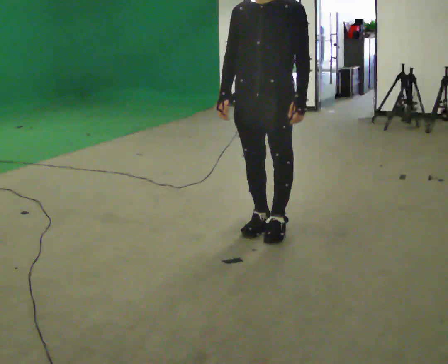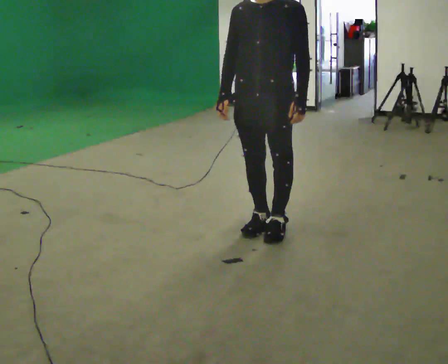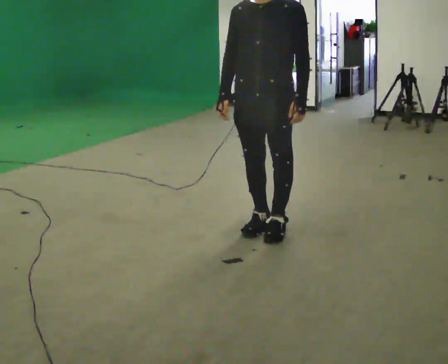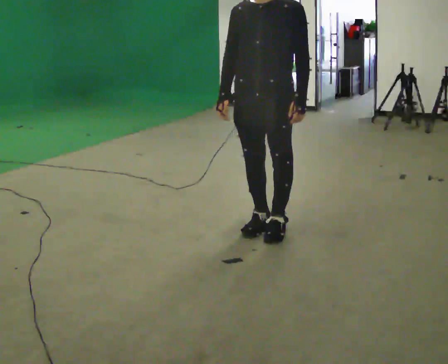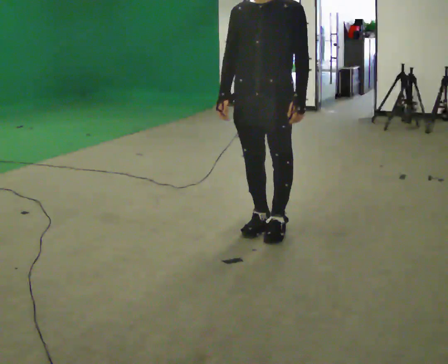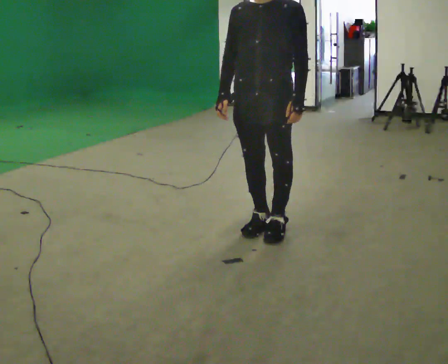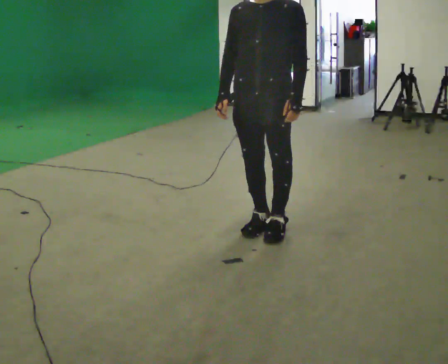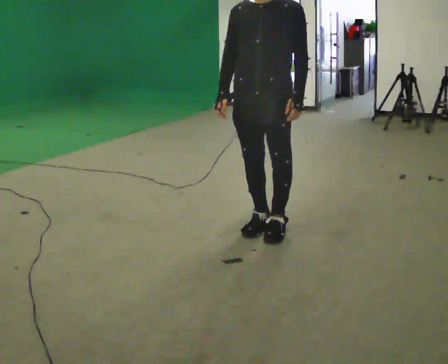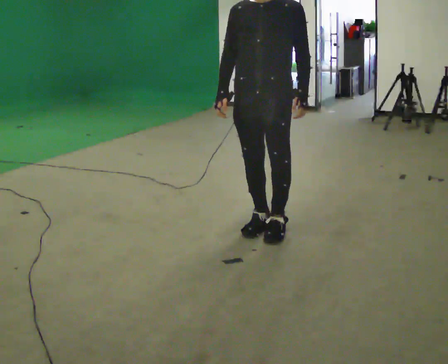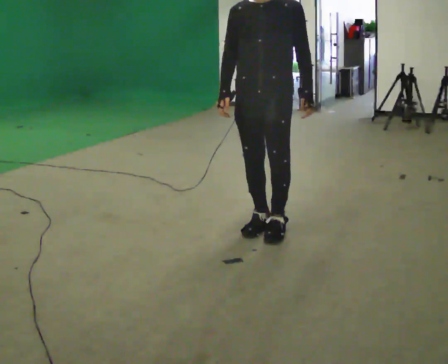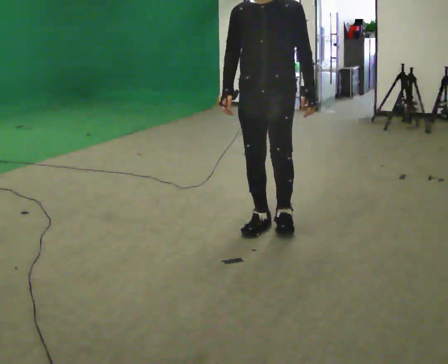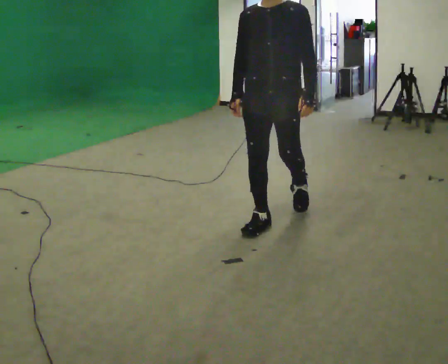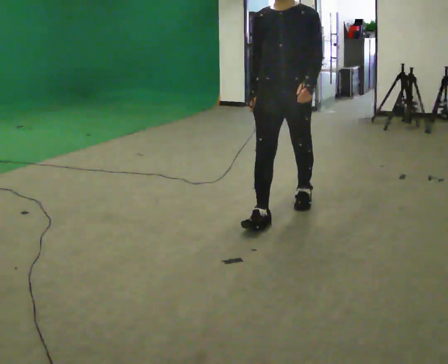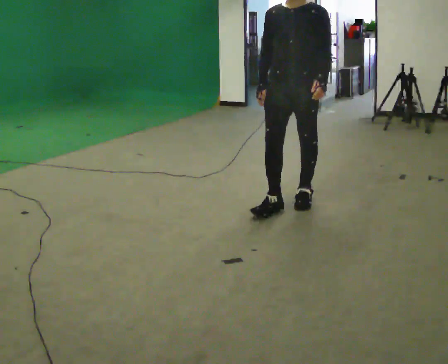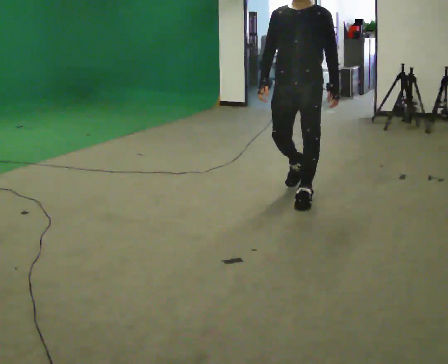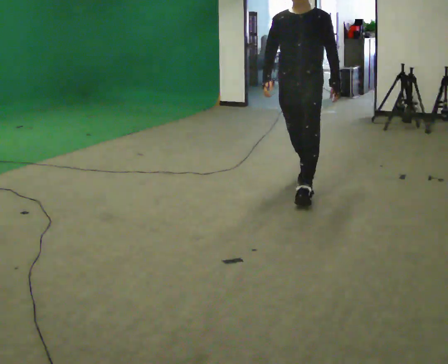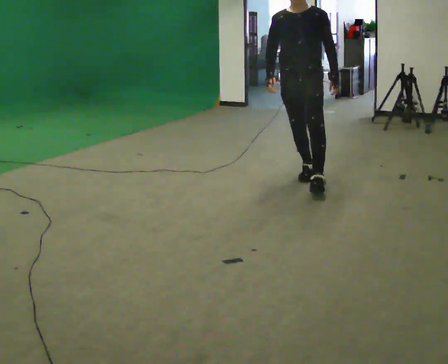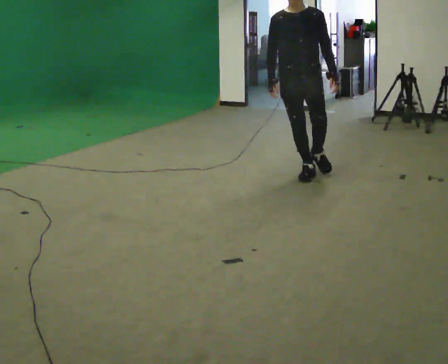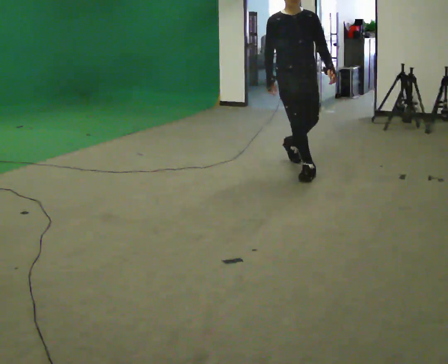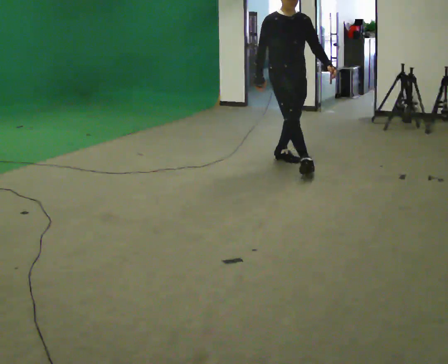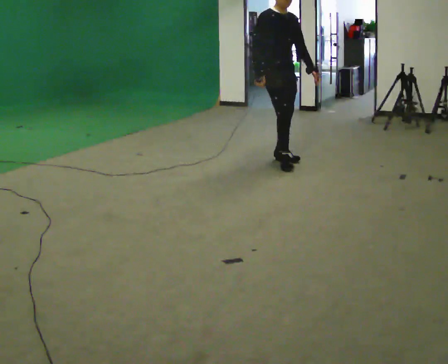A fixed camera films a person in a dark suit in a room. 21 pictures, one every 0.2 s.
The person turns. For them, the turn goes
to their left.
The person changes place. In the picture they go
away from the camera.
0.0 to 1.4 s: The person keeps their place and pose.
1.4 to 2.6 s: In the picture they go away from the camera, about 0.5 m in 2 steps, which for them is backward.
2.6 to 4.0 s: Seen from above the body turns counterclockwise, about 60 degrees: to their left, with its near side sliding to the right. In the picture they go away from the camera, about 1 m in 2 steps.
The film runs backward here.
